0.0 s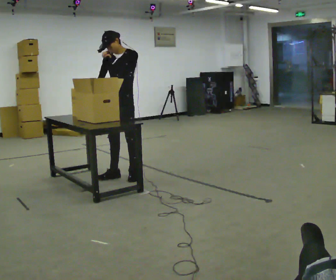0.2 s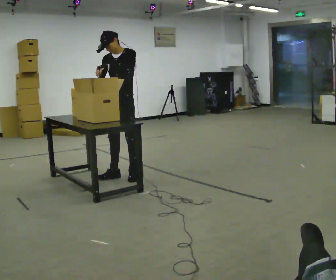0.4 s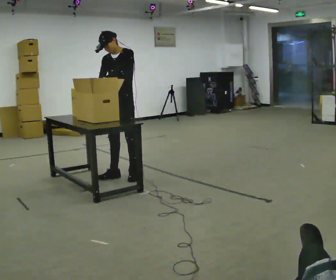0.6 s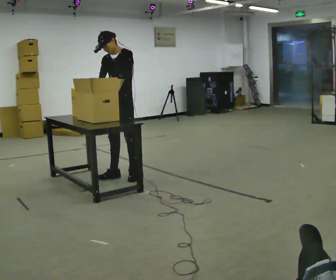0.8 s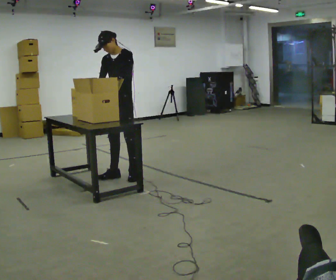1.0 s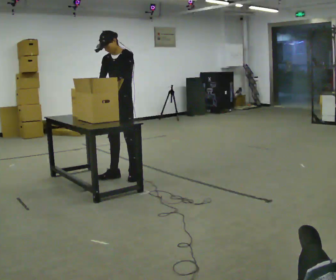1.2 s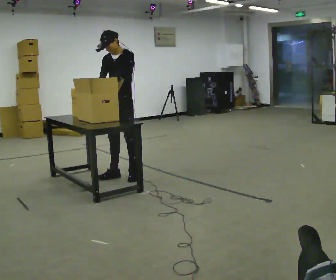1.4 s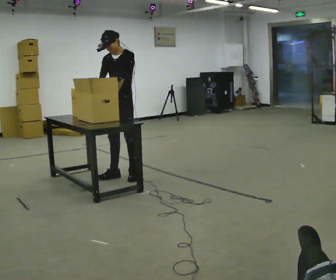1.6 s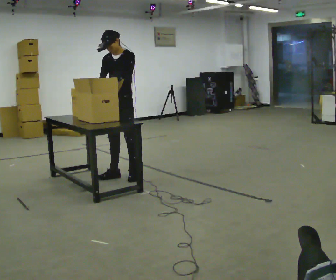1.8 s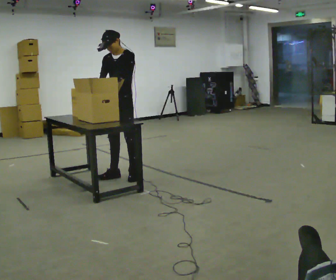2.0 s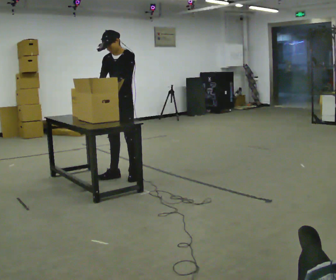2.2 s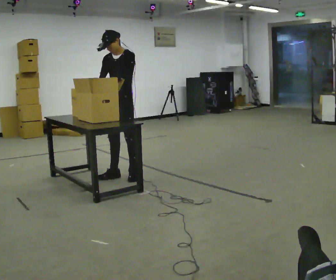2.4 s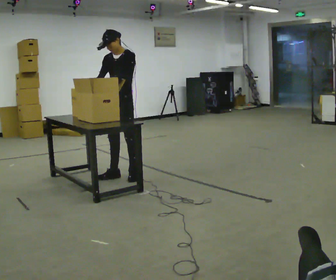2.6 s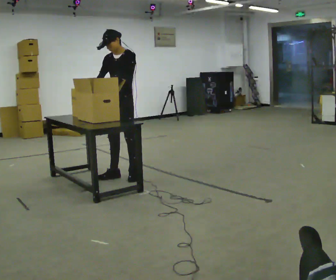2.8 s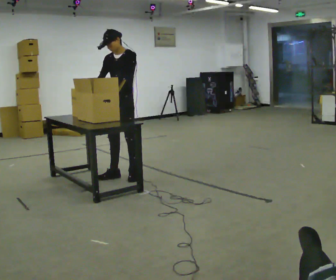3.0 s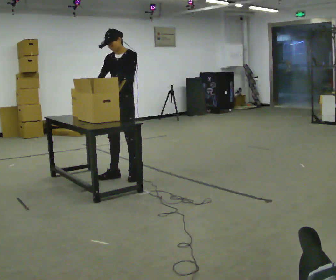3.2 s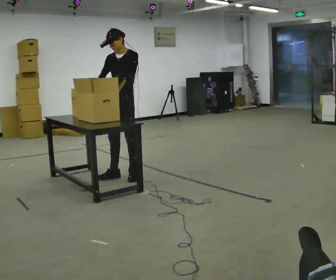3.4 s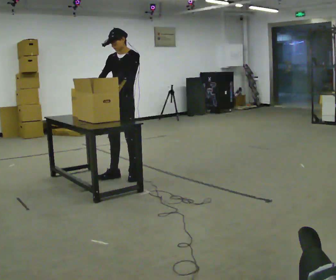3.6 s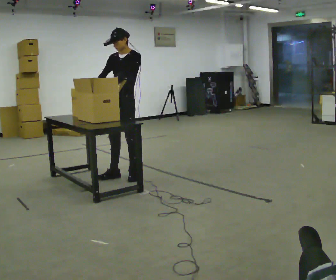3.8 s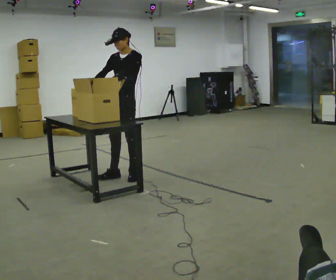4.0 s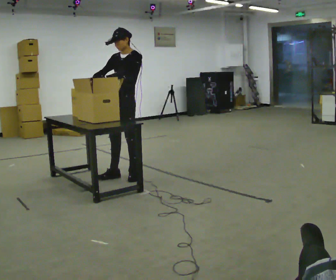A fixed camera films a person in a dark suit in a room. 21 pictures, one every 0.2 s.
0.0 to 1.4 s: In the picture their left hand goes downward.
1.4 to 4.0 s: The person moves a little, or ends about where they began.
The film runs forward here.
